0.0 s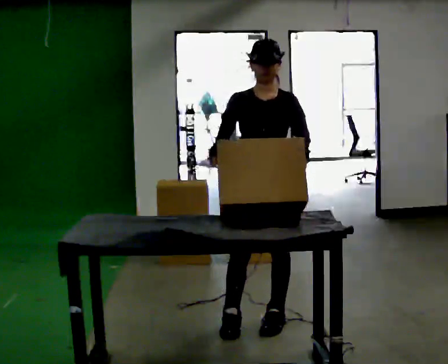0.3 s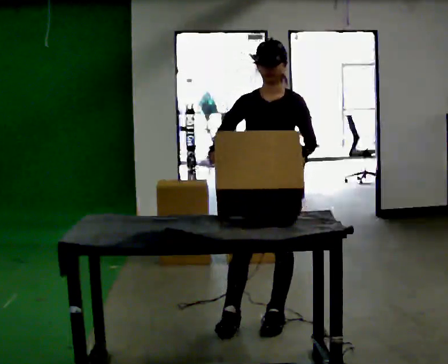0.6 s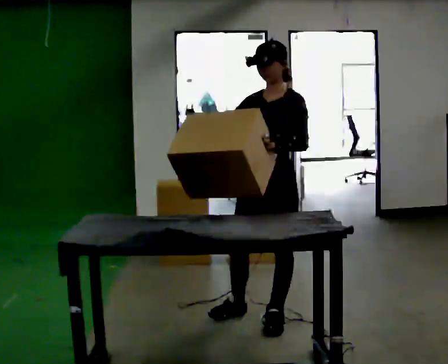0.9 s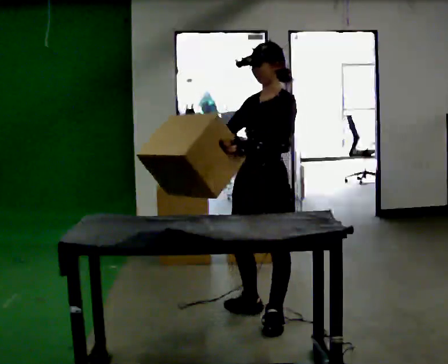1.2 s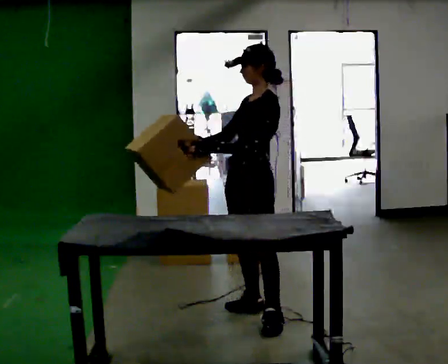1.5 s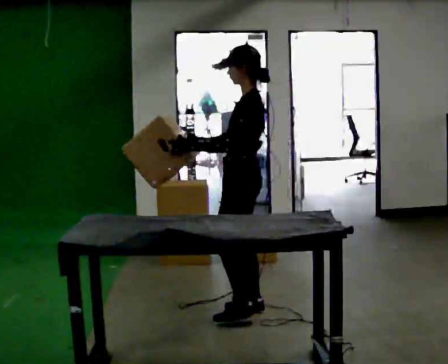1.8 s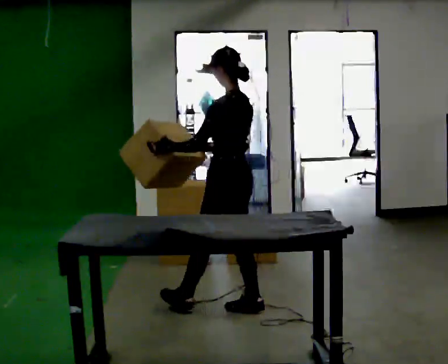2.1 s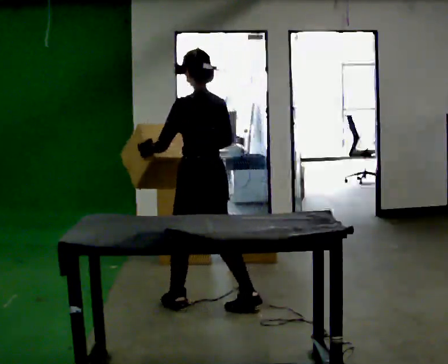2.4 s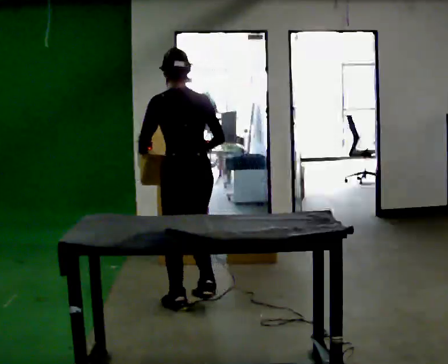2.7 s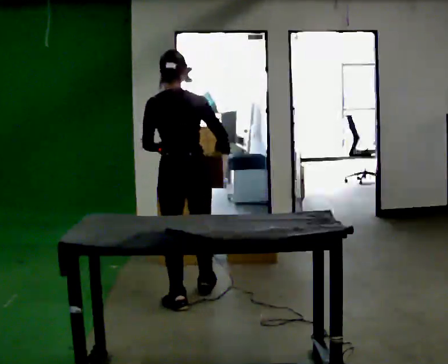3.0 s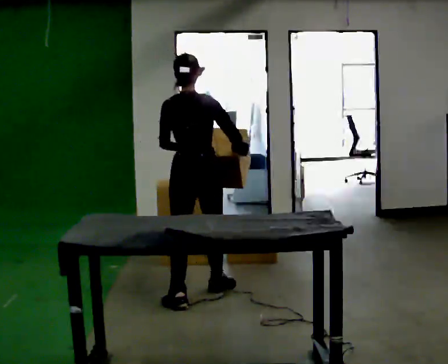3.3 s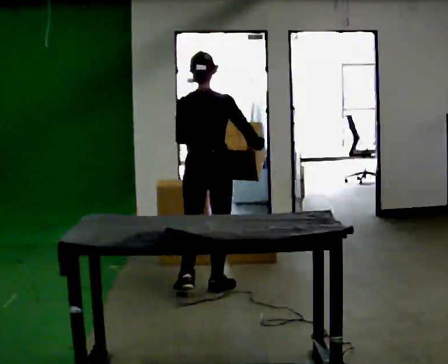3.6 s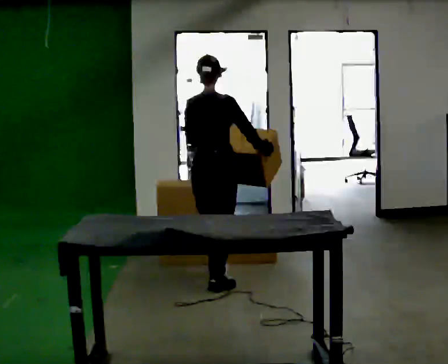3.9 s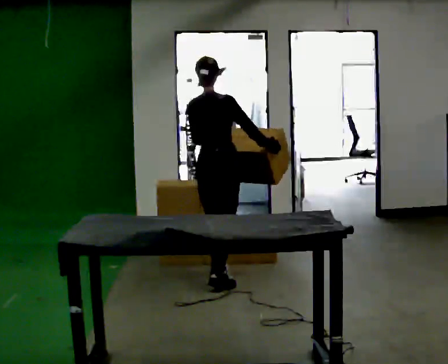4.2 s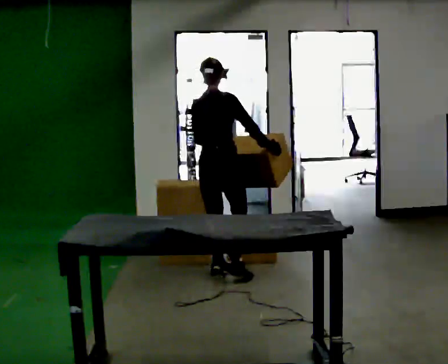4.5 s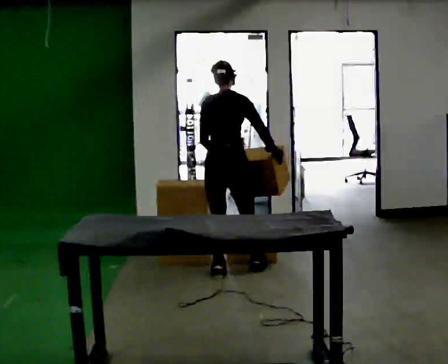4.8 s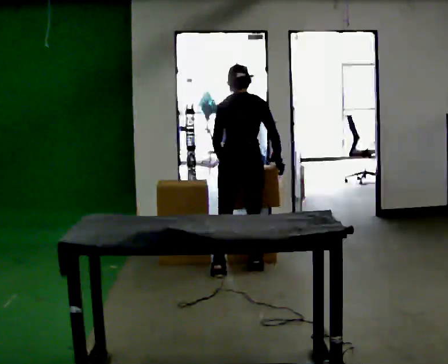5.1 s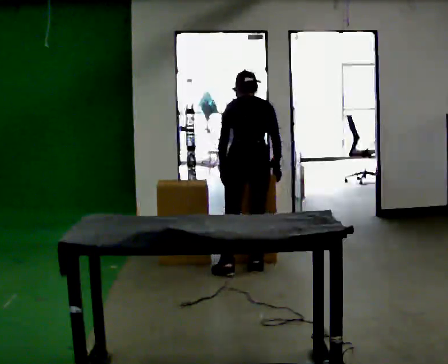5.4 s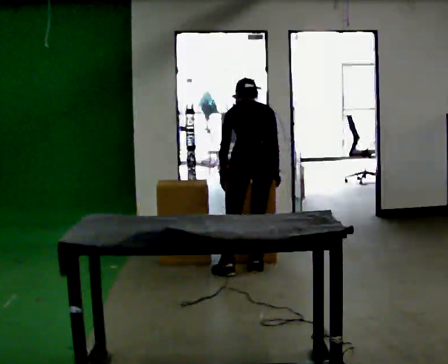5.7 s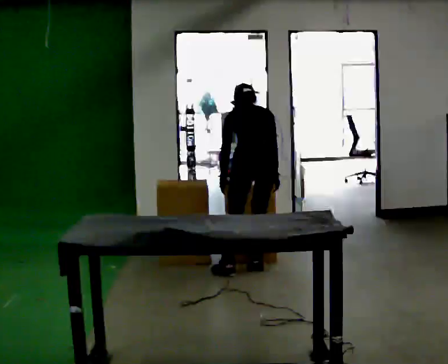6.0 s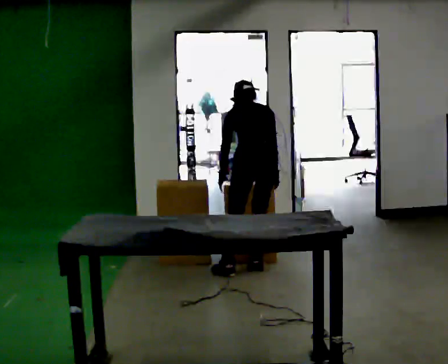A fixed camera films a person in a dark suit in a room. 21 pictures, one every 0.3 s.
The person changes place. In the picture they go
away from the camera.
The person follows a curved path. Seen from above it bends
clockwise.
0.0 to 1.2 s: Seen from above the body turns clockwise, about 60 degrees: to their right, with its near side sliding to the left. In the picture they go away from the camera, about 0.25 m in 1 step.
1.2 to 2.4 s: Seen from above the body turns clockwise, about 90 degrees: to their right, with its near side sliding to the left. In the picture they go to the left and away from the camera, about 0.5 m in 1 step.
2.4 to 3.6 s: The person turns about 45 degrees to their right, clockwise seen from above, so the part of the body nearest the lens slides to the left. In the picture they go away from the camera, about 0.5 m in 1 step, which for them is forward.
3.6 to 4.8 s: The part of the body nearest the lens slides to the right as the person turns to their left by about 30 degrees. In the picture they go away from the camera and to the right, about 0.5 m in 2 steps, which for them is forward. The upper body tips away from the camera, its near side rolling upward, as they bend forward.
4.8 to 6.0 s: The upper body tips away from the camera, its near side rolling upward, as they bend forward.
The film runs forward here.
